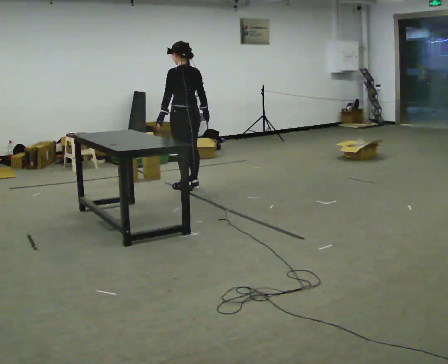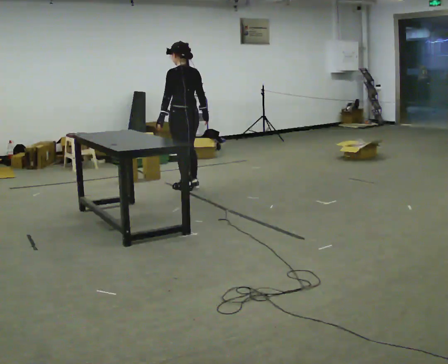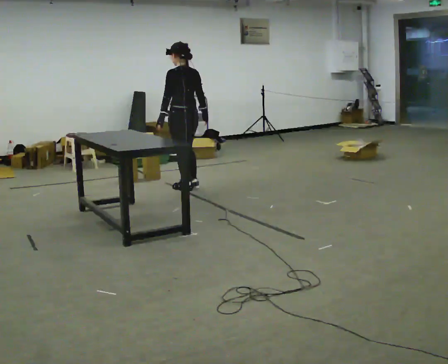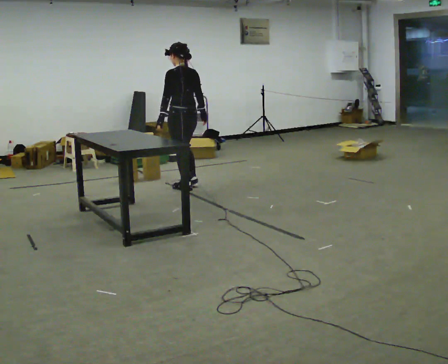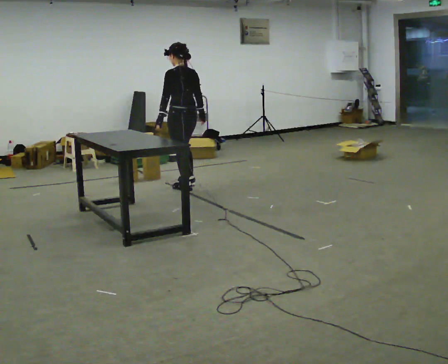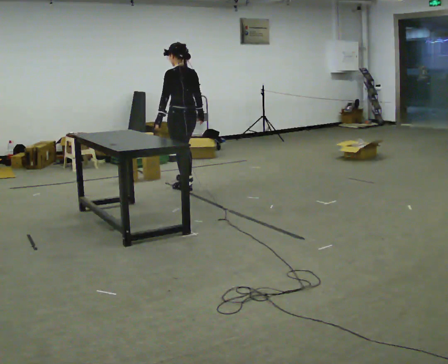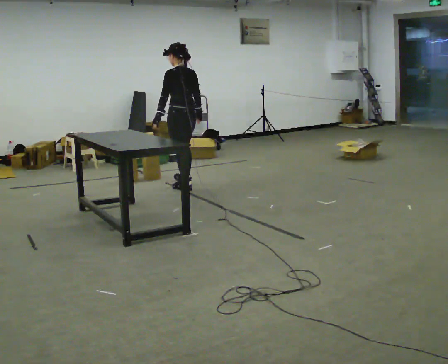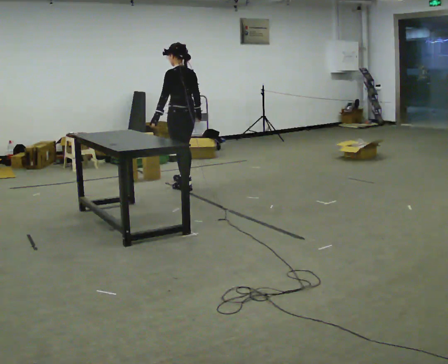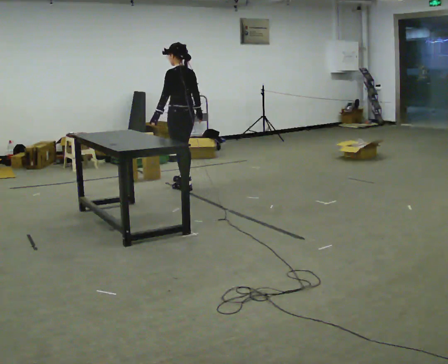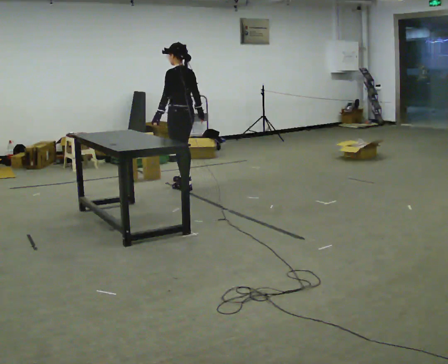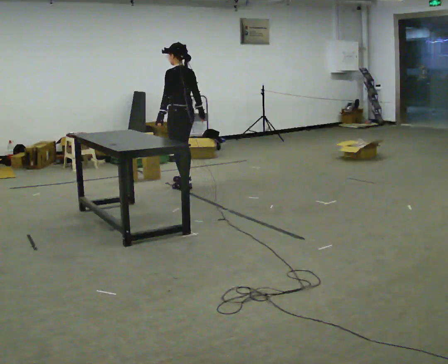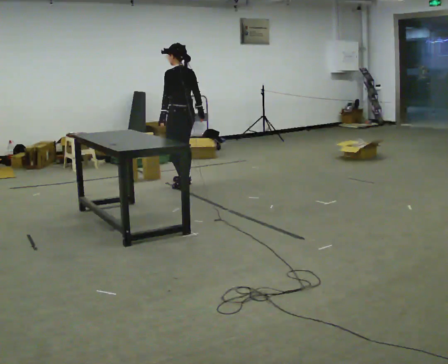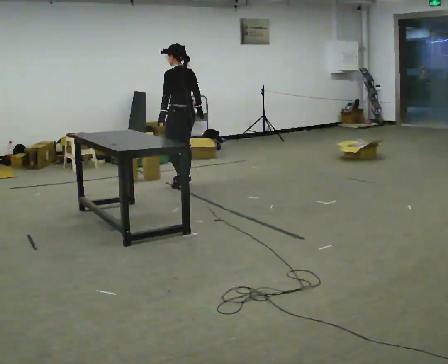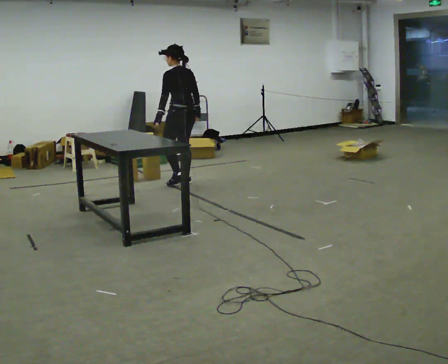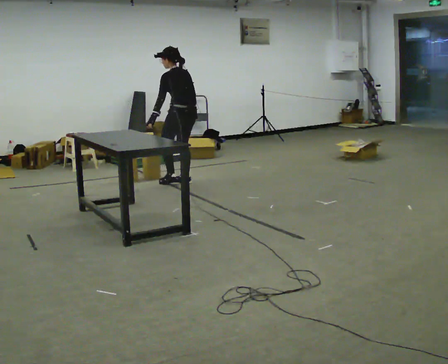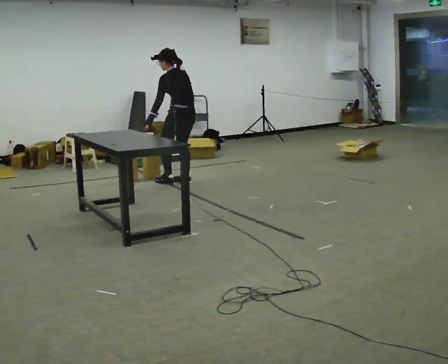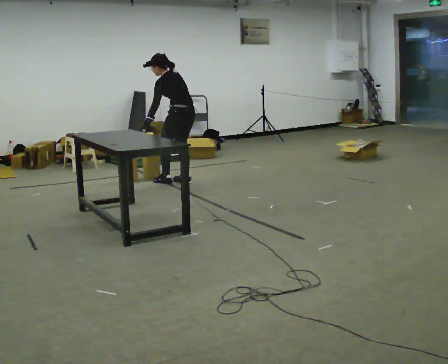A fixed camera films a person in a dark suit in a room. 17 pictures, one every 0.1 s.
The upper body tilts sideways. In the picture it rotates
counterclockwise.
0.0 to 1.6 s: In the picture they go away from the camera, about 0.25 m in 2 steps, which for them is forward and to their right. In the picture the upper body tilts counterclockwise, shoulders to the left, as they bend forward.
The film runs backward here.
